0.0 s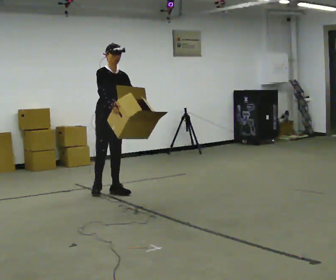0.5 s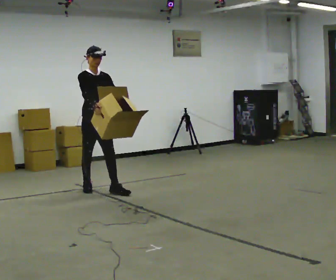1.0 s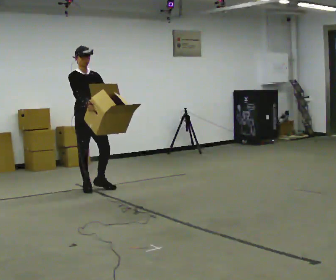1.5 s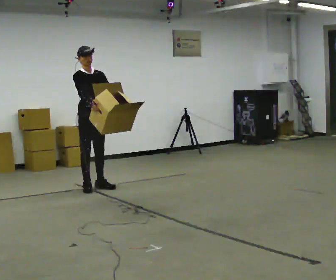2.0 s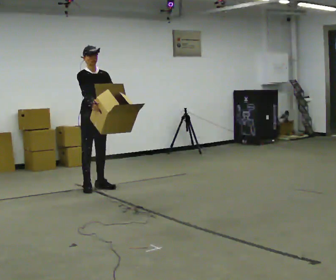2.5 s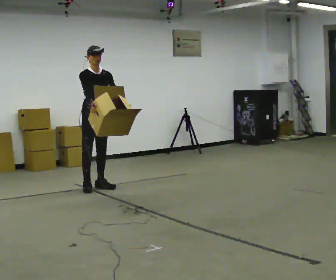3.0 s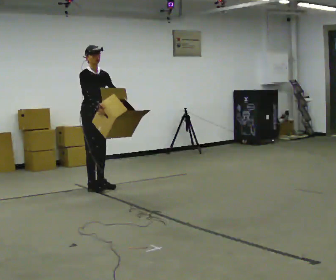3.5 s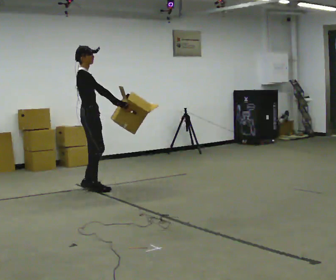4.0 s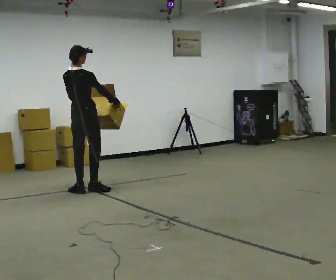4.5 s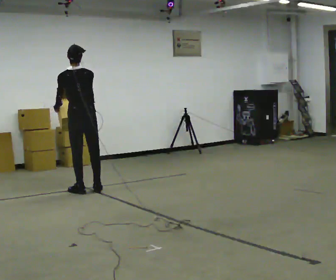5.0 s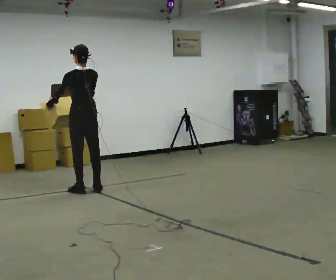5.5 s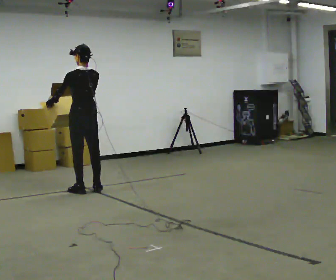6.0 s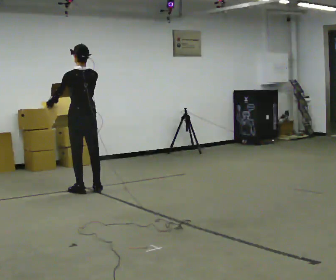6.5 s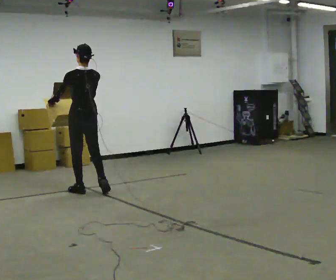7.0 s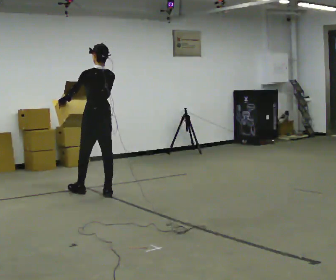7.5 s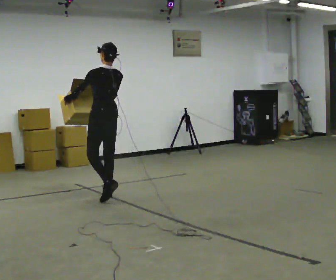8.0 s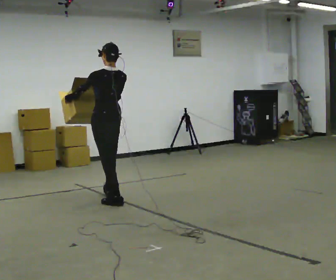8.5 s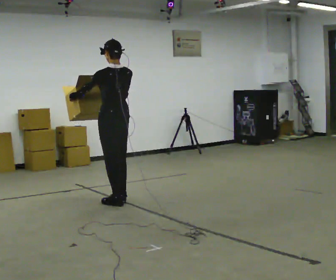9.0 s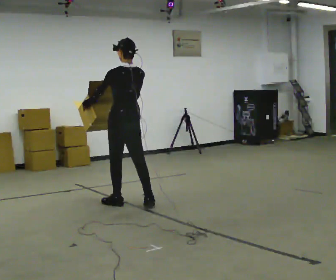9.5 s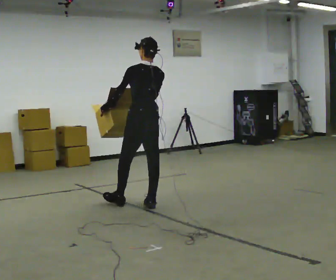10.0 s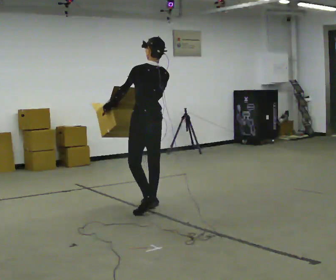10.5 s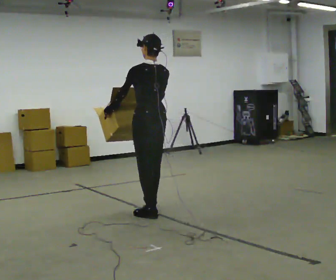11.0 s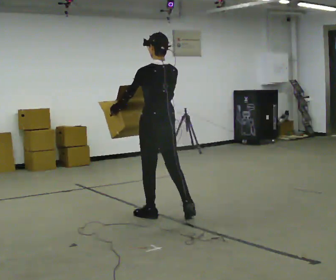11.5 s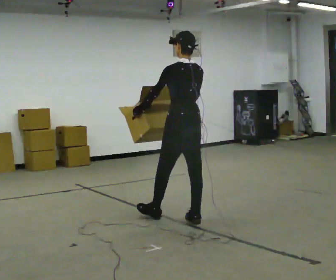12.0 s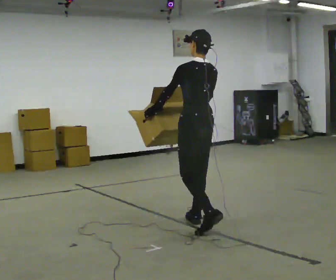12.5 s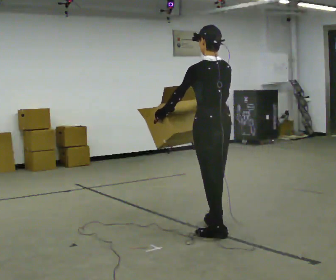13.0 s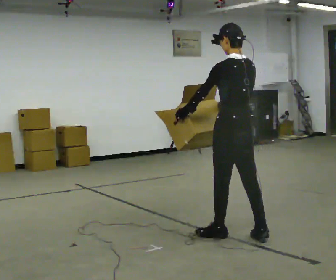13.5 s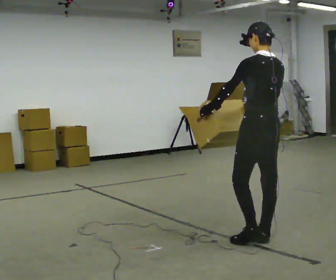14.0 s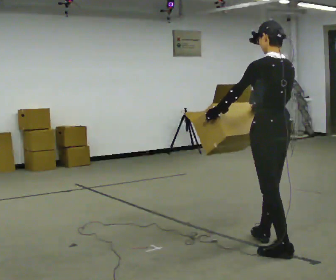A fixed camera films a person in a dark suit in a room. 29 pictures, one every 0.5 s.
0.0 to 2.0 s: In the picture they go away from the camera and to the left, about 0.25 m in 1 step, which for them is backward.
2.0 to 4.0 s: The part of the body nearest the lens slides to the right as the person turns to their left by about 120 degrees. In the picture they go toward the camera, about 0.25 m in 1 step.
4.0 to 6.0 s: Seen from above the body turns counterclockwise, about 60 degrees: to their left, with its near side sliding to the right. In the picture their right hand goes to the left.
6.0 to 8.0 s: In the picture they go toward the camera and to the right, about 0.5 m in 2 steps, which for them is backward.
8.0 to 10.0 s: In the picture they go to the right and toward the camera, about 0.5 m in 2 steps, which for them is backward and to their right.
10.0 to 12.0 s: In the picture they go toward the camera and to the right, about 1 m in 2 steps, which for them is backward.
12.0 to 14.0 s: In the picture they go toward the camera and to the right, about 1 m in 2 steps, which for them is backward.
The film runs backward here.
